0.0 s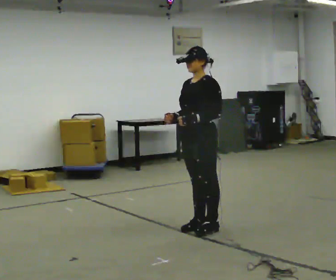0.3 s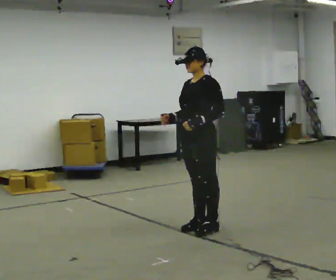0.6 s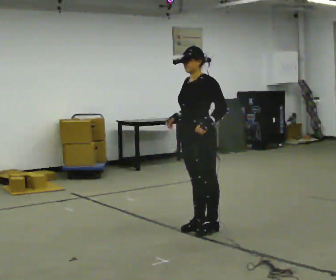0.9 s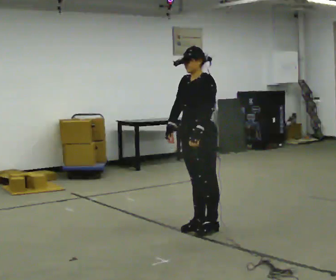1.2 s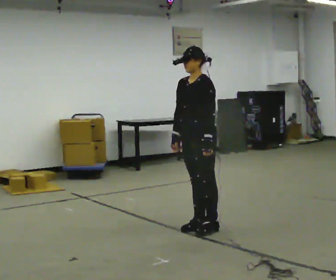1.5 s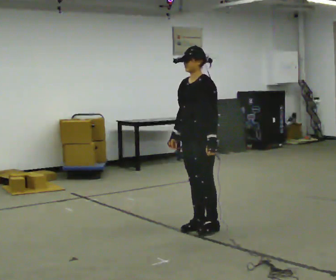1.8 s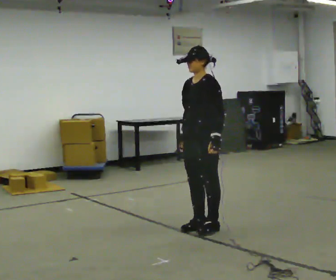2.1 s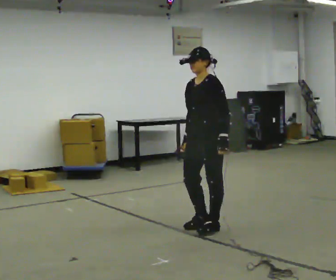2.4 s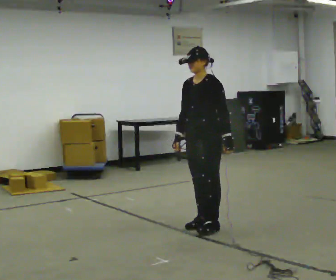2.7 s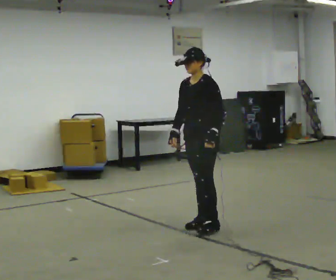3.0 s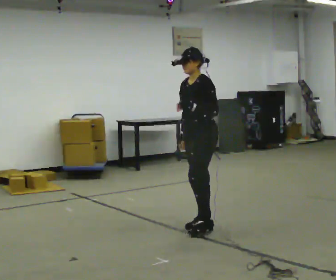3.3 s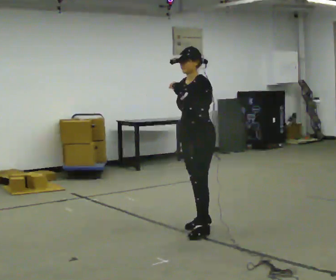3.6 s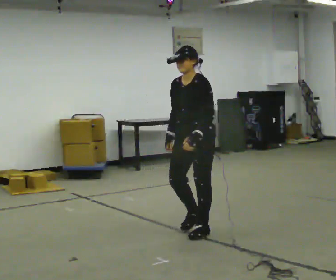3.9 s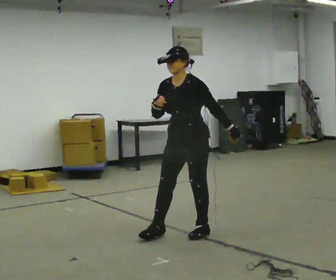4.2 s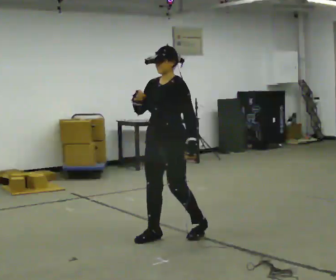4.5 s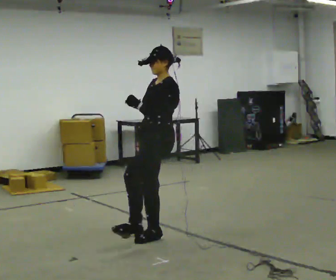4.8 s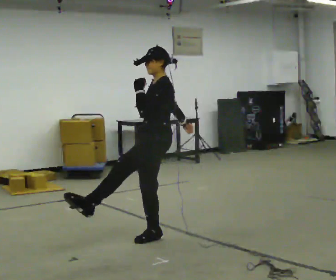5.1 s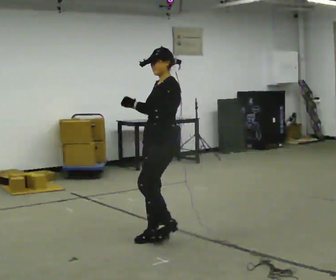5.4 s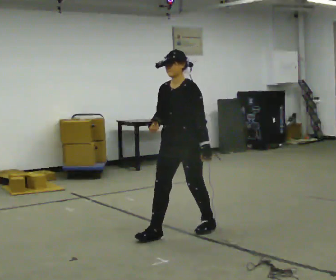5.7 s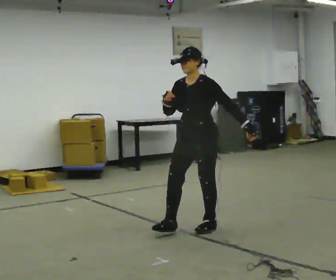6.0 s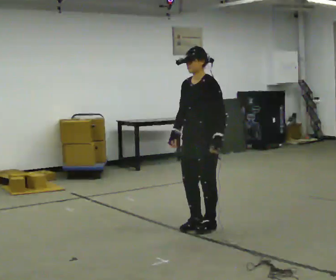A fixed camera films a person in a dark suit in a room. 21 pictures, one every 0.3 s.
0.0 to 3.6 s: The person moves a little, or ends about where they began.
3.6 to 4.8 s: The part of the body nearest the lens slides to the left as the person turns to their right by about 30 degrees. In the picture they go to the left, about 0.25 m in 1 step, which for them is forward and to their right. In the picture their left hand goes upward.
4.8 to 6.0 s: The part of the body nearest the lens slides to the right as the person turns to their left by about 30 degrees. In the picture they go to the right and away from the camera, about 0.5 m in 1 step, which for them is backward. In the picture their left hand goes downward.
The film runs backward here.
